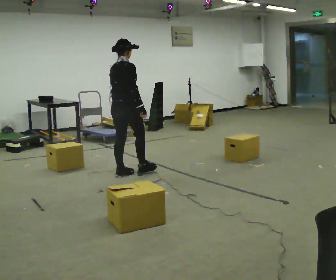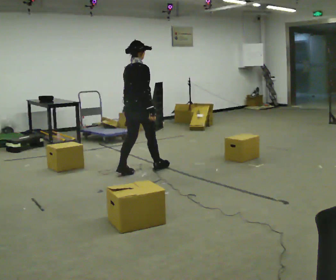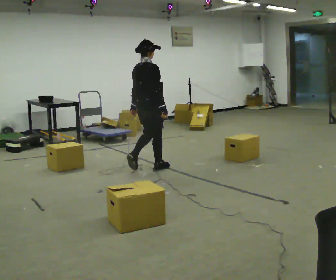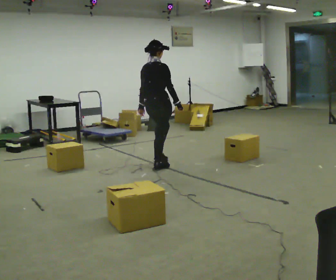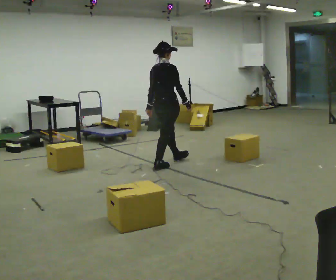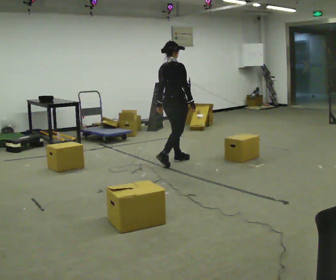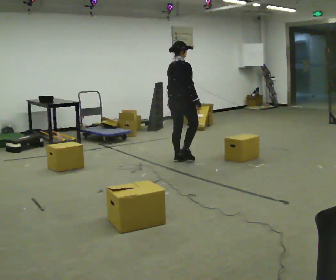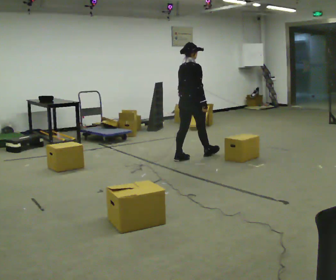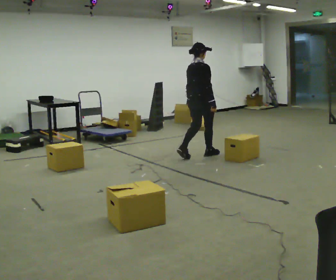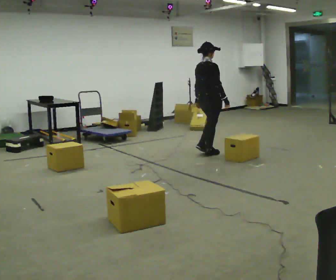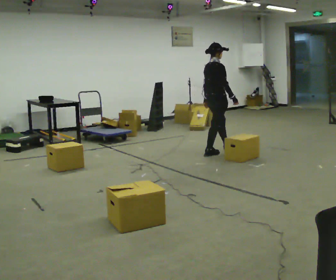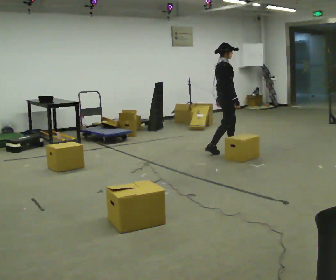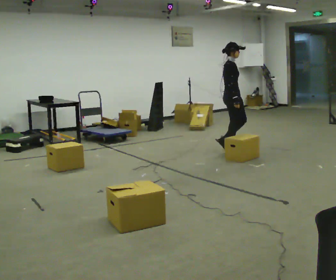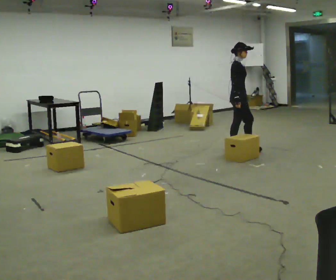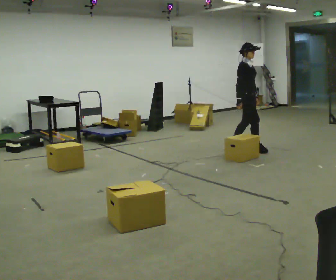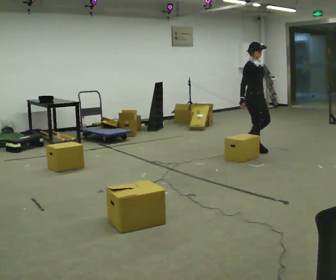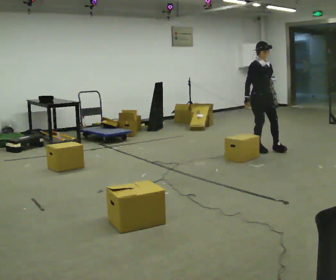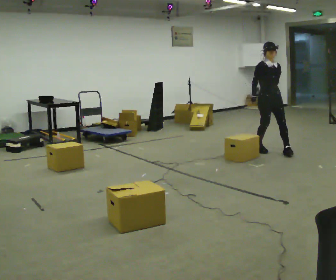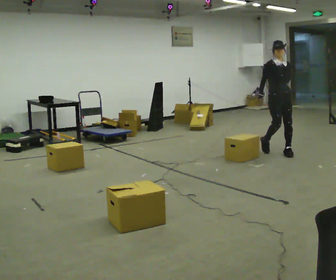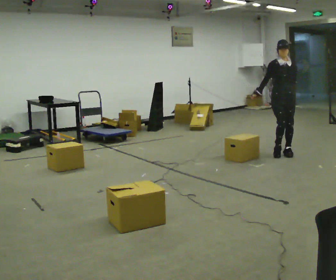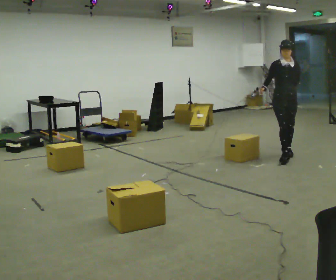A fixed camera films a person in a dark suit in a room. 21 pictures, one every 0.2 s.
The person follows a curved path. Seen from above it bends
clockwise.
The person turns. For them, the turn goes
to their right.
0.0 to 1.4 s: In the picture they go away from the camera and to the right, about 1 m in 2 steps, which for them is forward.
1.4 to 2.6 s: The part of the body nearest the lens slides to the left as the person turns to their right by about 60 degrees. In the picture they go to the right and away from the camera, about 1 m in 2 steps.
2.6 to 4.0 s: The person turns about 75 degrees to their right, clockwise seen from above, so the part of the body nearest the lens slides to the left. In the picture they go to the right and toward the camera, about 1 m in 2 steps.
The film runs forward here.
